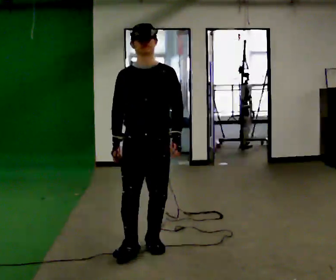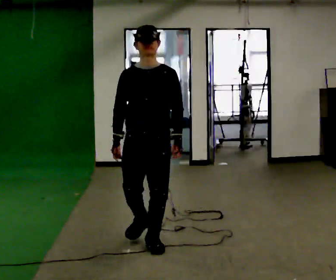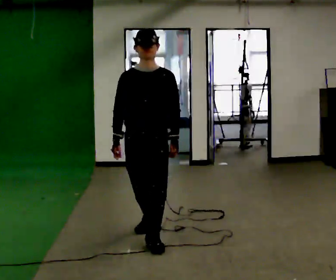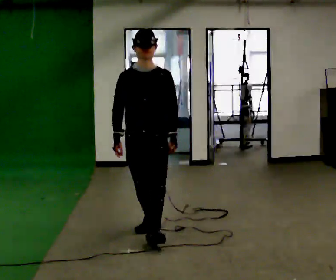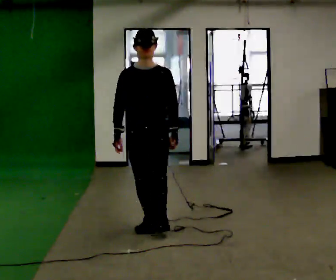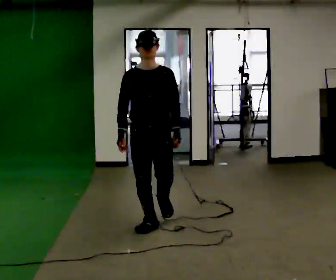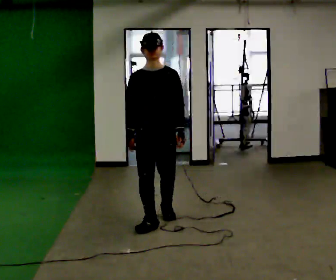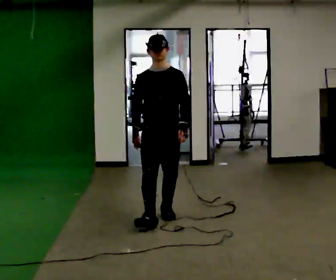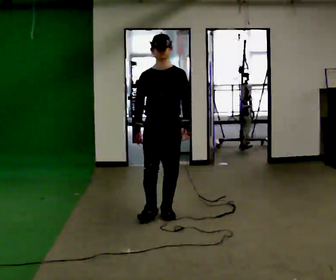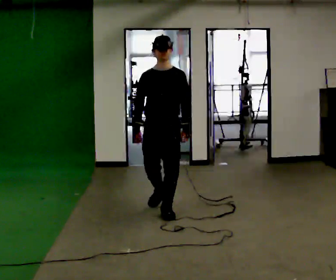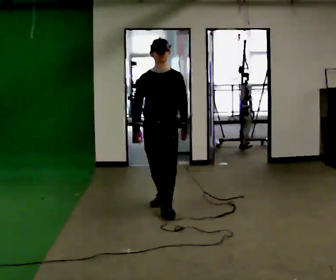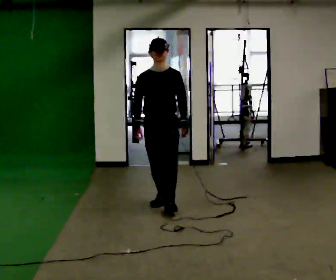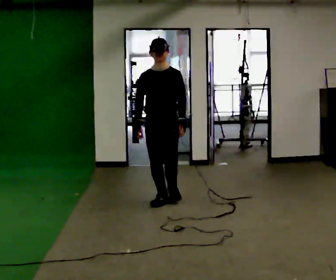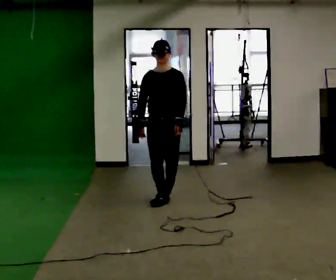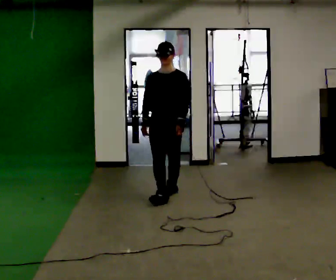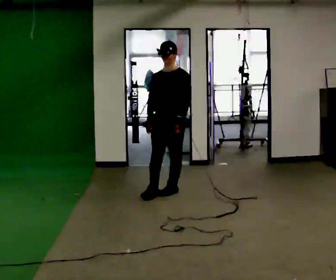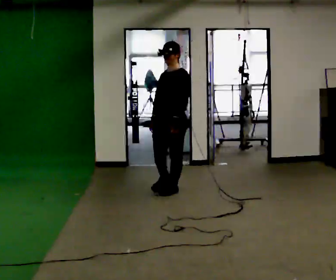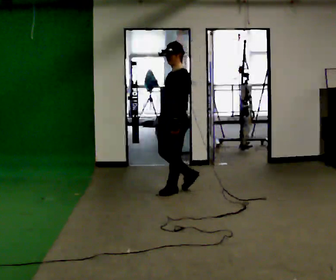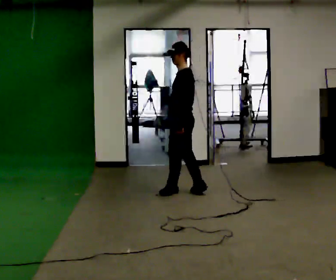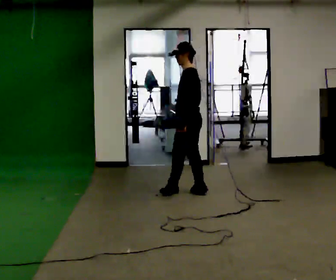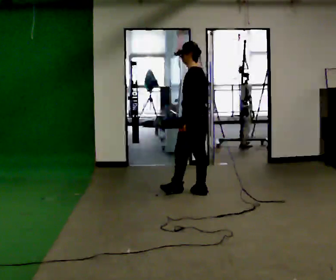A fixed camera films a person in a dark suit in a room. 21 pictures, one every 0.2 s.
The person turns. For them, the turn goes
to their right.
The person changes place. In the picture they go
away from the camera.
0.0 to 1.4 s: In the picture they go away from the camera, about 1 m in 1 step, which for them is backward.
1.4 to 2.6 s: In the picture they go away from the camera, about 0.5 m in 2 steps, which for them is backward.
2.6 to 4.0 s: Seen from above the body turns clockwise, about 105 degrees: to their right, with its near side sliding to the left. In the picture they go away from the camera and to the right, about 0.5 m in 2 steps.
The film runs backward here.
